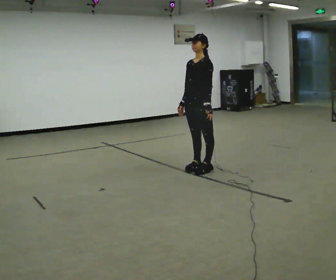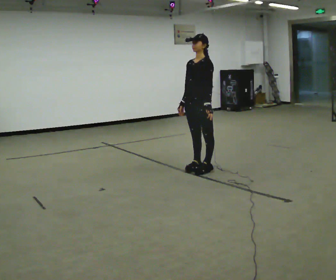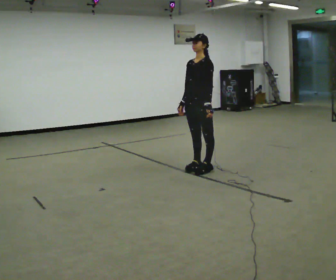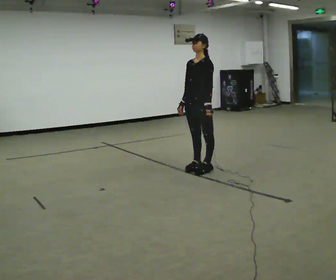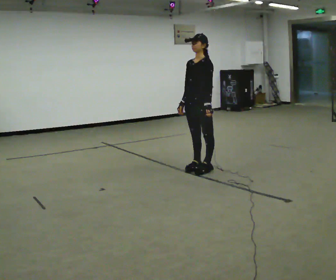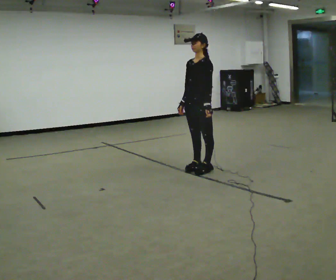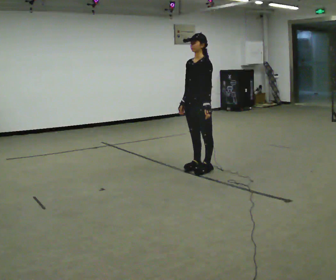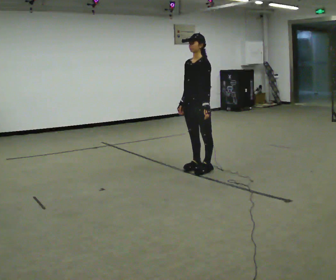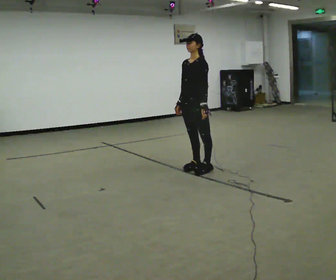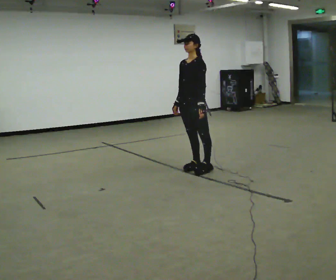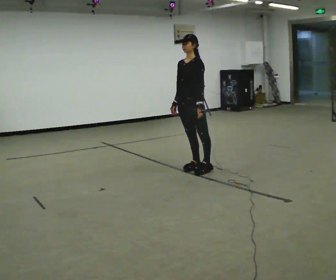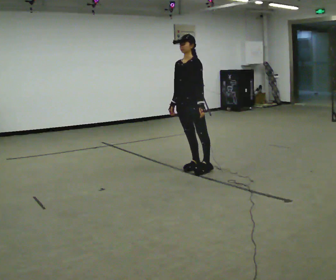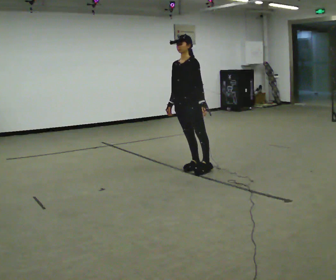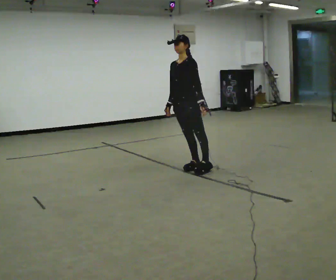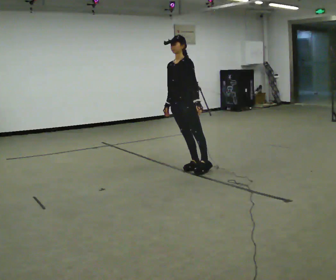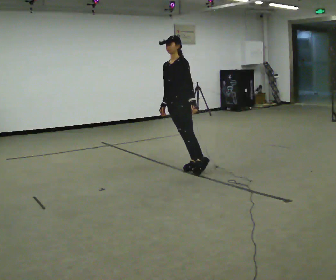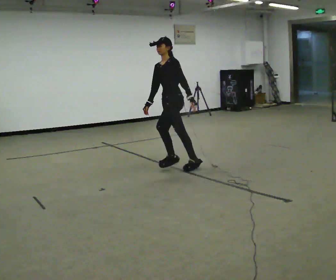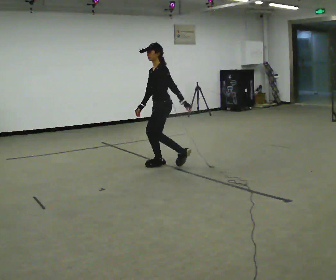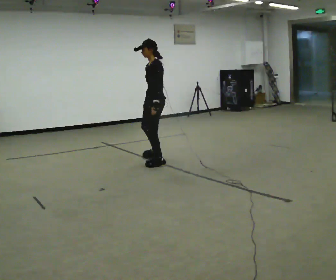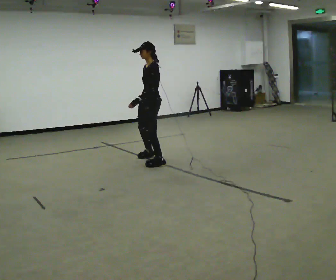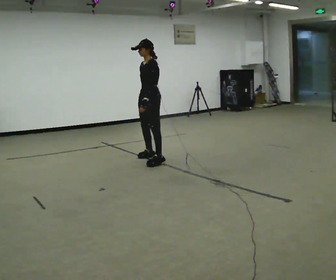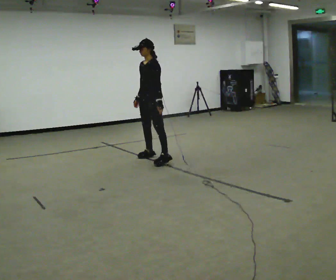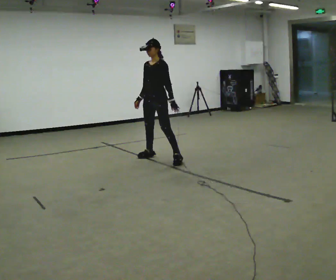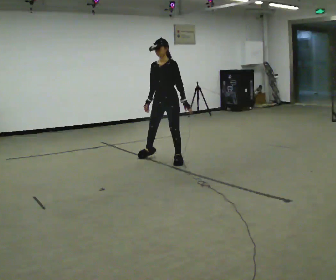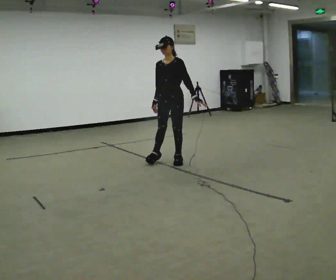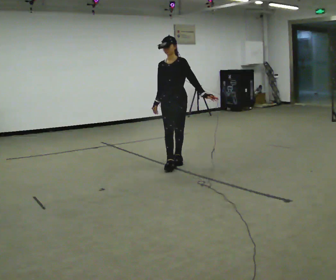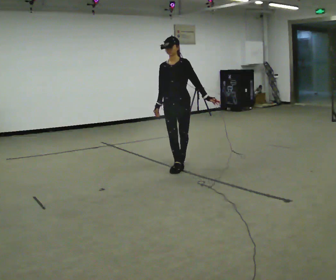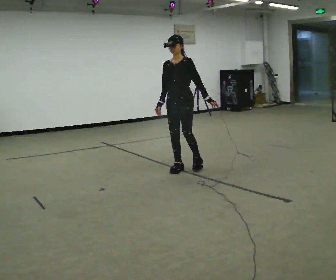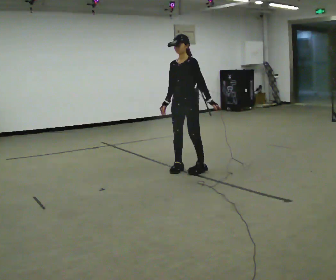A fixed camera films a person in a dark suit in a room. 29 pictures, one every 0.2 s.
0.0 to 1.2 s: The person keeps their place and pose.
1.2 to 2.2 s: The person moves a little, or ends about where they began.
2.2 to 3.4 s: The part of the body nearest the lens slides to the left as the person turns to their right by about 30 degrees. In the picture they go to the left and away from the camera, about 0.5 m in 1 step, which for them is to their right.
3.4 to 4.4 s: Seen from above the body turns counterclockwise, about 45 degrees: to their left, with its near side sliding to the right. In the picture they go away from the camera, about 0.25 m in 2 steps, which for them is to their right.
4.4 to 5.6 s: In the picture they go toward the camera and to the right, about 0.75 m in 2 steps, which for them is to their left and forward.
The film runs forward here.
